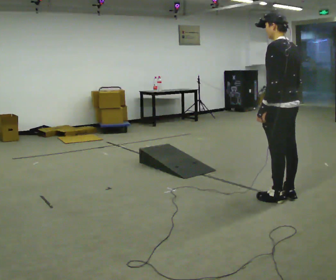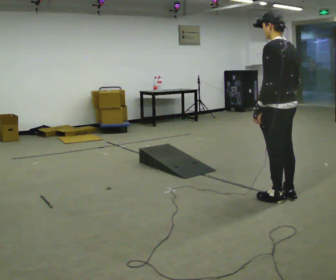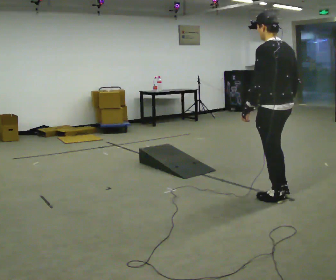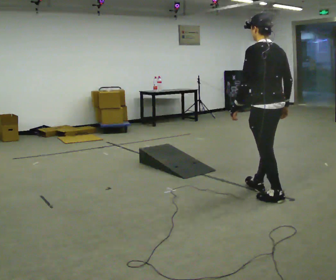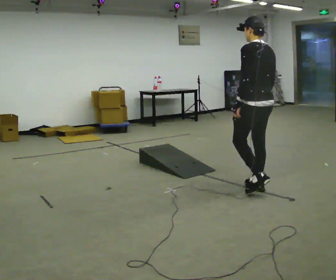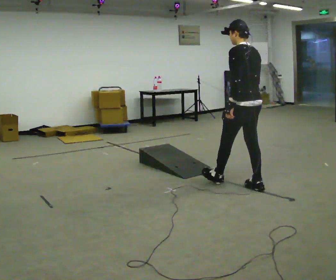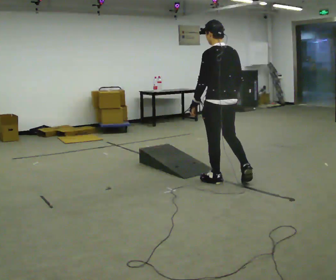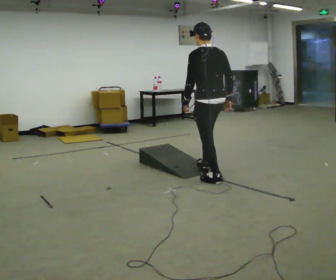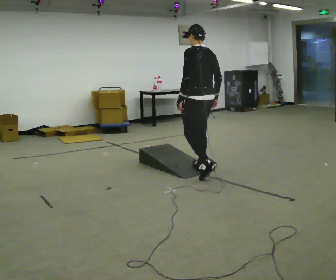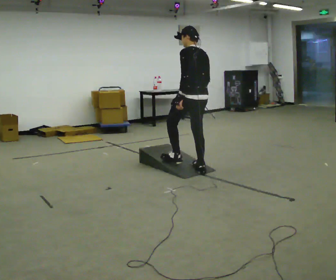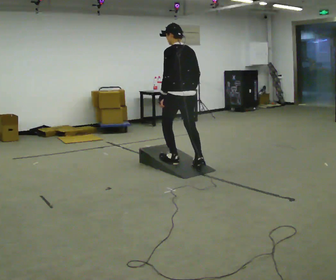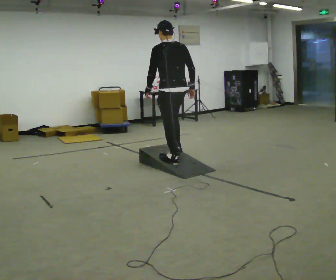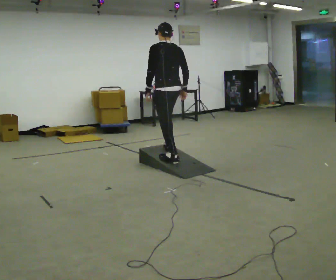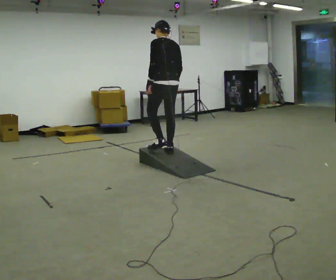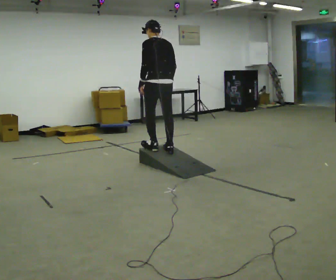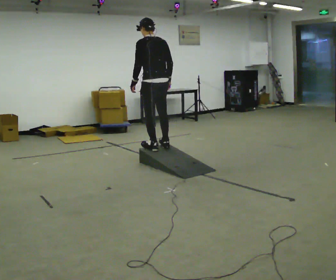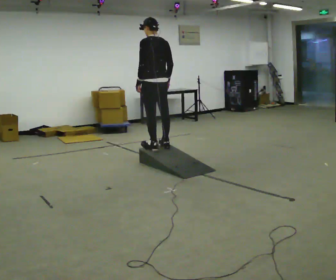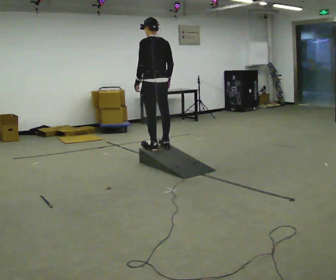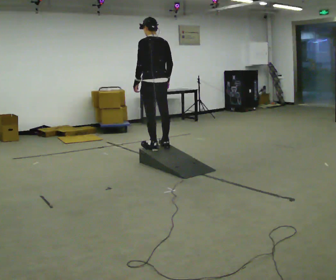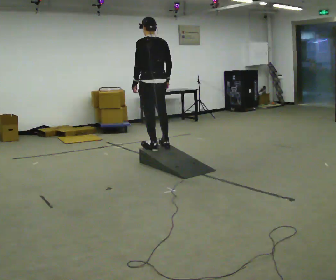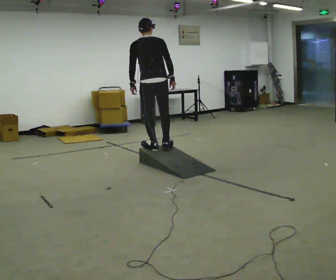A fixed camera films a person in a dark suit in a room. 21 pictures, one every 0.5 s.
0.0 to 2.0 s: In the picture they go away from the camera and to the left, about 0.25 m in 1 step, which for them is forward.
2.0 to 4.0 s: In the picture they go away from the camera and to the left, about 1 m in 2 steps, which for them is forward.
4.0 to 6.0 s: In the picture they go away from the camera and to the left, about 0.5 m in 2 steps, which for them is forward.
6.0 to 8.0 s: In the picture they go away from the camera and to the left, about 0.25 m in 2 steps, which for them is forward.
8.0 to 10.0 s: The person turns about 30 degrees to their right, clockwise seen from above, so the part of the body nearest the lens slides to the left.
The film runs forward here.
